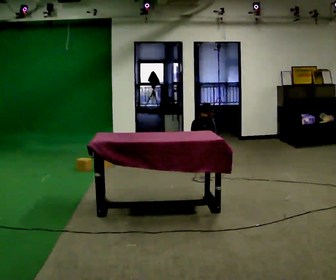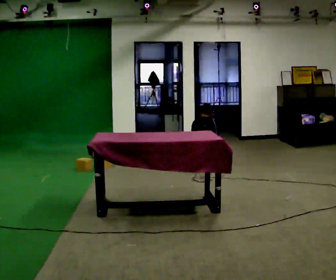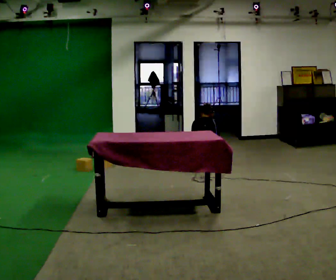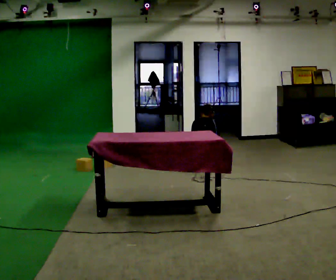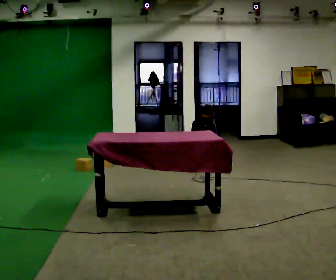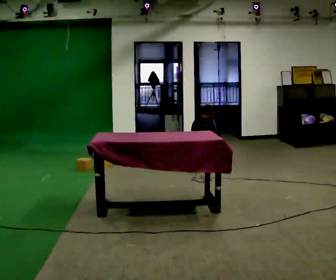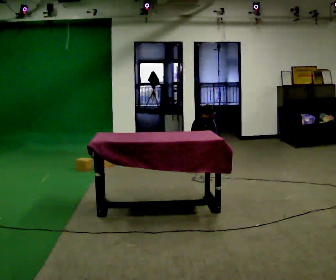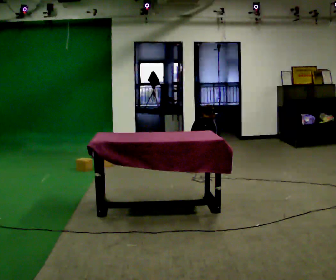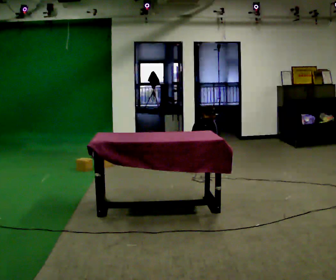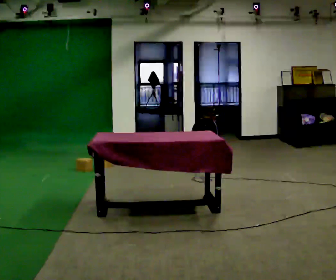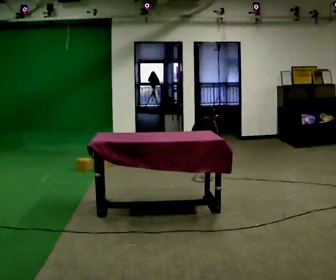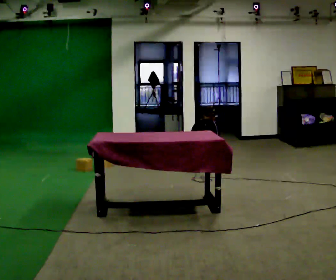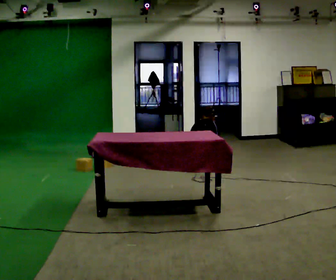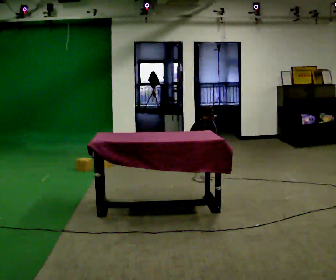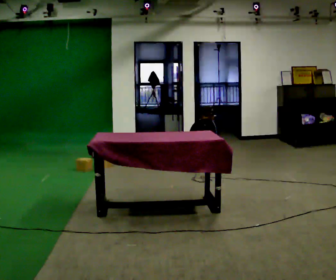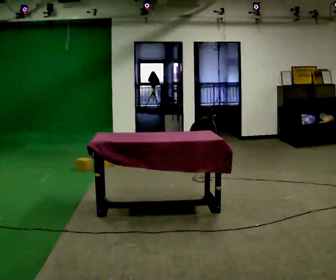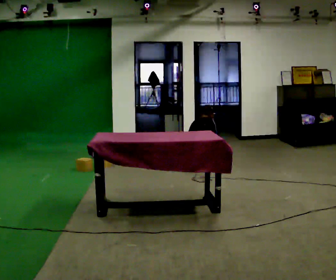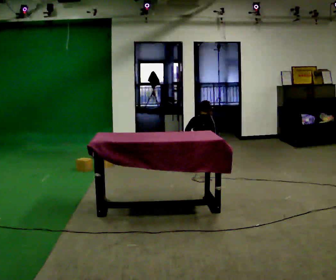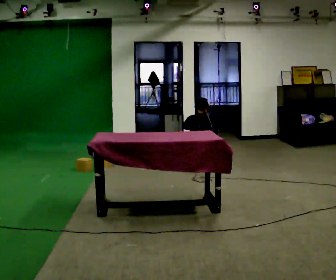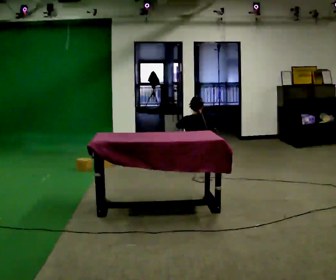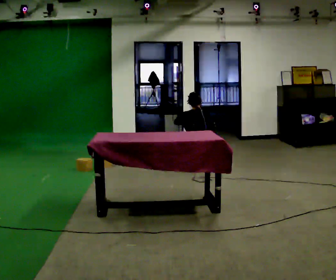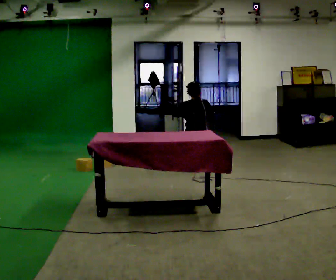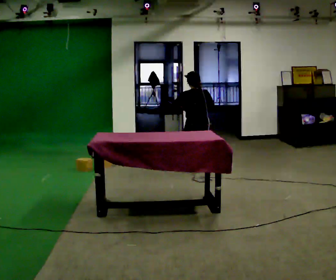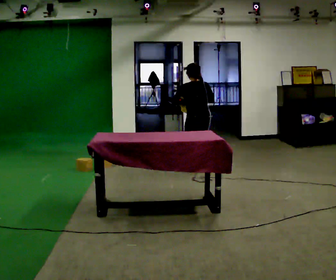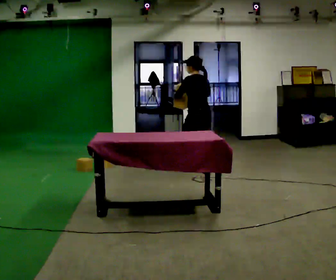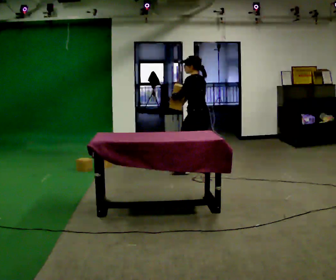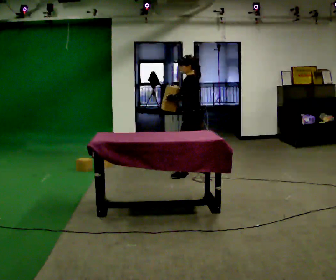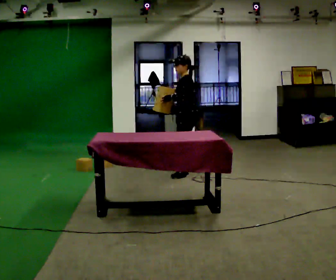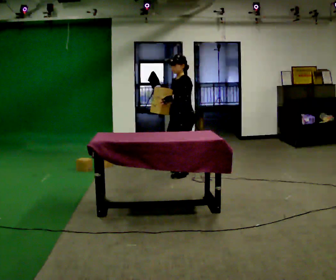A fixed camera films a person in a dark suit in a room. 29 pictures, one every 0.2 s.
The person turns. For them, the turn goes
to their left.
Their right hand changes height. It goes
upward.
0.0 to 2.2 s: The person moves a little, or ends about where they began.
2.2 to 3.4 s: The upper body tips toward the camera, its near side rolling downward, as they lean back or straighten.
3.4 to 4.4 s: The upper body goes upward. In the picture their left hand goes upward.
4.4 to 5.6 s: The part of the body nearest the lens slides to the right as the person turns to their left by about 120 degrees. In the picture they go toward the camera and to the left, about 0.25 m in 1 step. The upper body goes upward.
The film runs forward here.
